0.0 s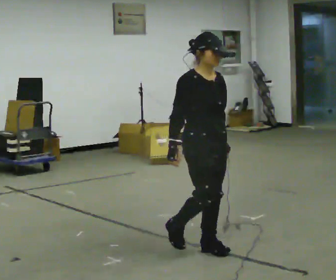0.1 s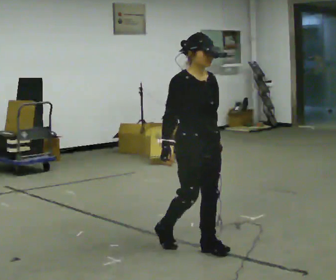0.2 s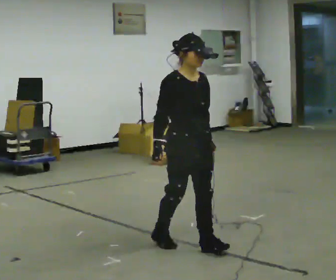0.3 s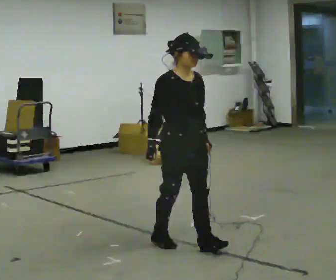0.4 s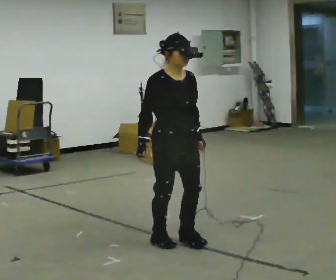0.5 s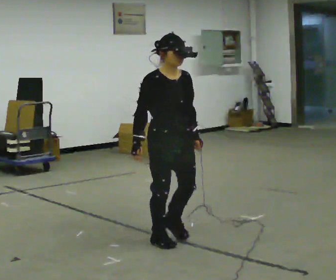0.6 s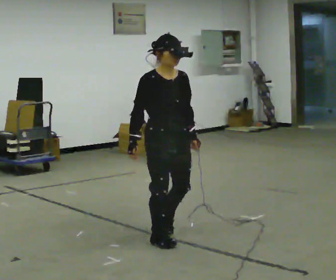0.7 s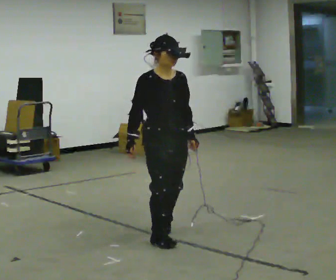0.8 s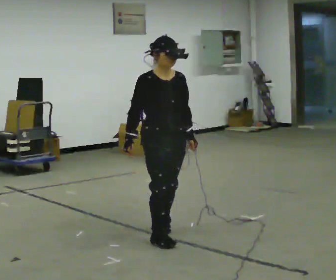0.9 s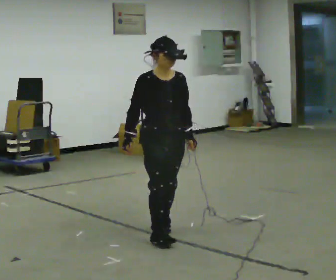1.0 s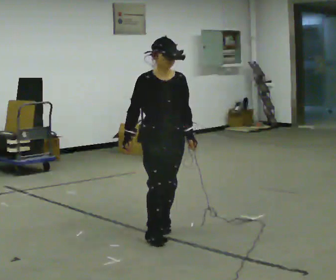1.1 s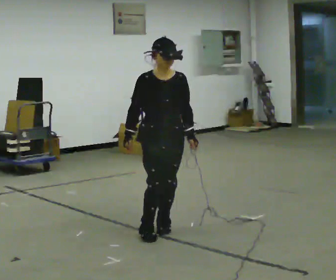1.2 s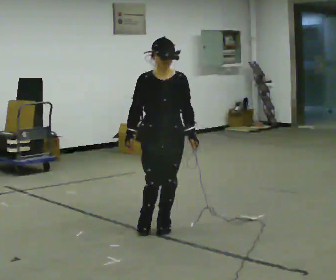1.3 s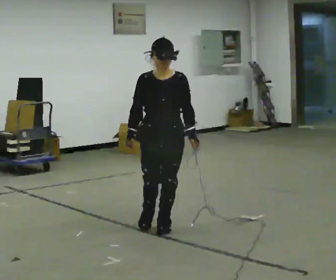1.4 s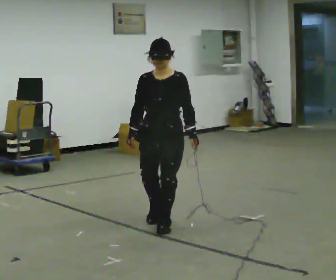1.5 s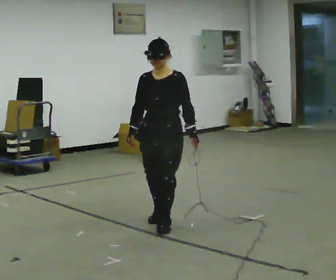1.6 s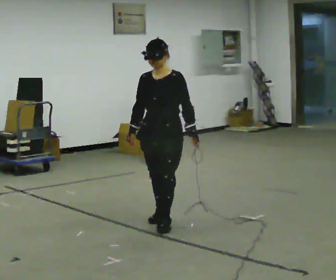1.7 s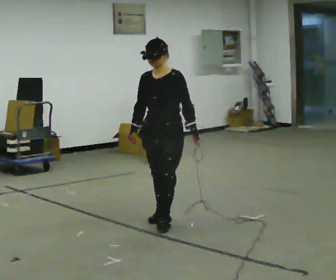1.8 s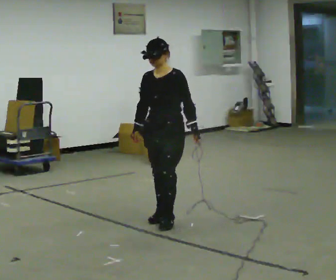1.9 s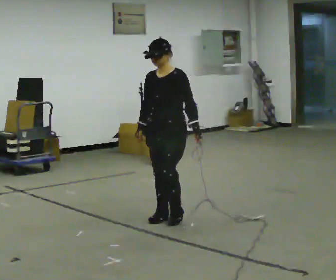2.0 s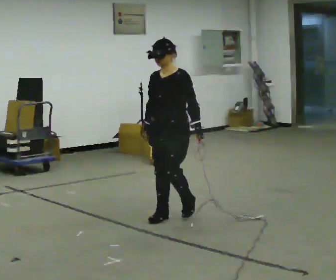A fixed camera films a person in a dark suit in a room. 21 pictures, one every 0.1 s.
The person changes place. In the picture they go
away from the camera.
The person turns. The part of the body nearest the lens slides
to the left.
0.0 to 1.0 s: In the picture they go away from the camera and to the left, about 0.5 m in 2 steps, which for them is backward.
1.0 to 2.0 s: The part of the body nearest the lens slides to the left as the person turns to their right by about 60 degrees. In the picture they go away from the camera, about 0.5 m in 1 step, which for them is backward.
The film runs backward here.
